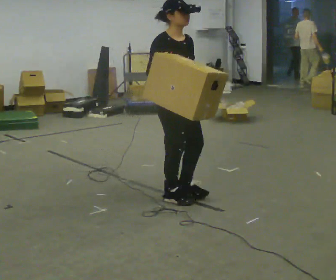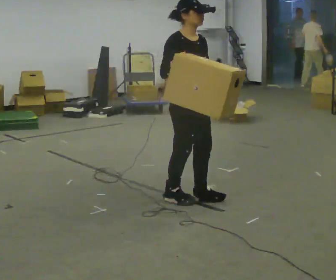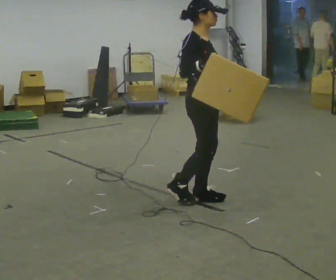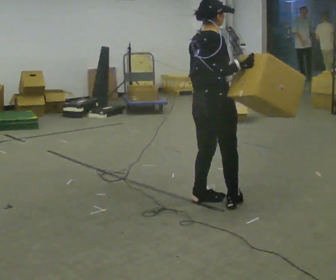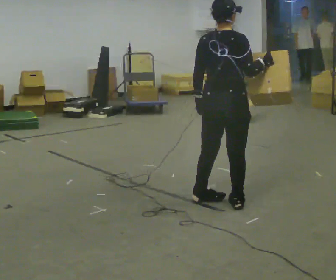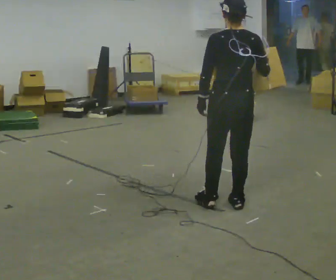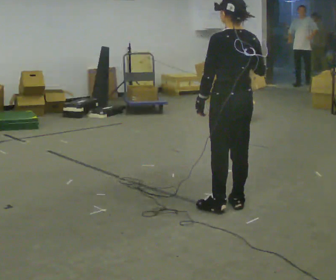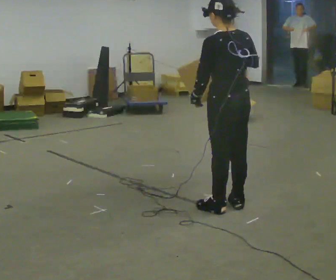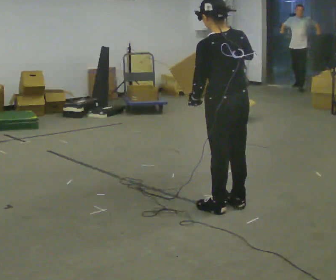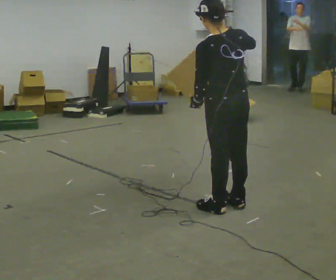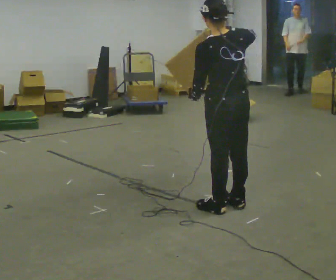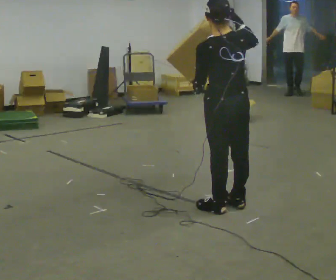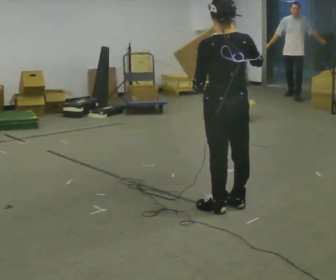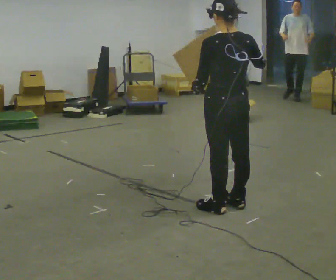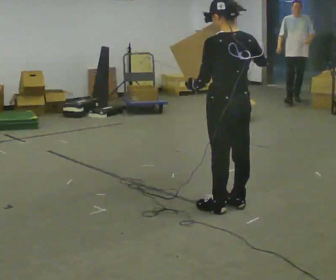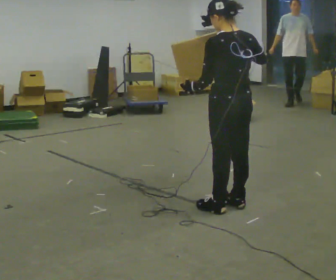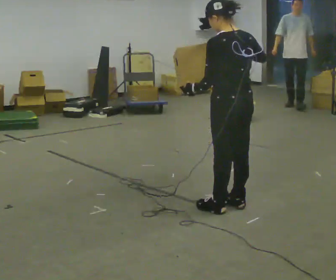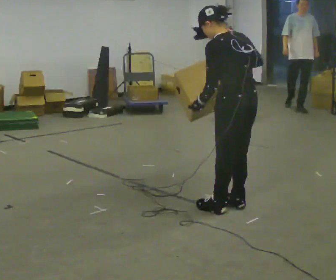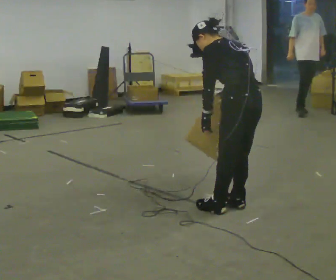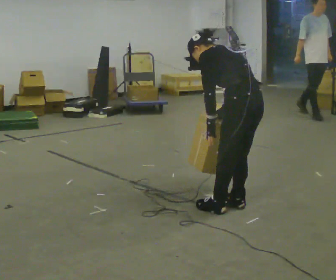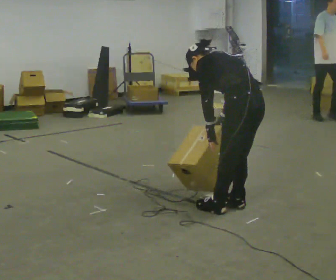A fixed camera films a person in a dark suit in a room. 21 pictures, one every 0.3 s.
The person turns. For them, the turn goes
to their left.
The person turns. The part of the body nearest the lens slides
to the right.
0.0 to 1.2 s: The part of the body nearest the lens slides to the right as the person turns to their left by about 105 degrees. In the picture they go to the right, about 0.5 m in 2 steps.
1.2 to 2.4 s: The person turns about 45 degrees to their left, counterclockwise seen from above, so the part of the body nearest the lens slides to the right. In the picture their right hand goes to the left.
2.4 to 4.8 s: The person moves a little, or ends about where they began.
4.8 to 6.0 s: The shoulders move downward. The upper body tips away from the camera, its near side rolling upward, as they bend forward. In the picture their right hand goes downward.
The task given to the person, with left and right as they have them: Carry the box and, while walking, shift it to a different hold: front, then hip, then shoulder, then back to front. Do not stop walking.
The film runs forward here.
